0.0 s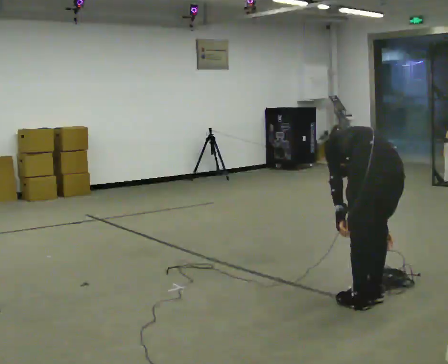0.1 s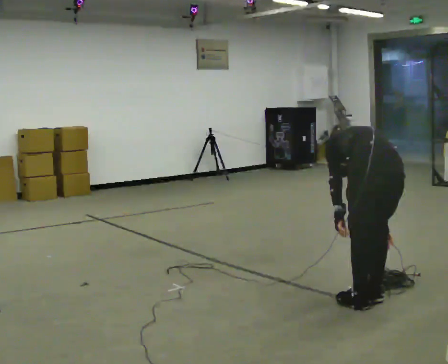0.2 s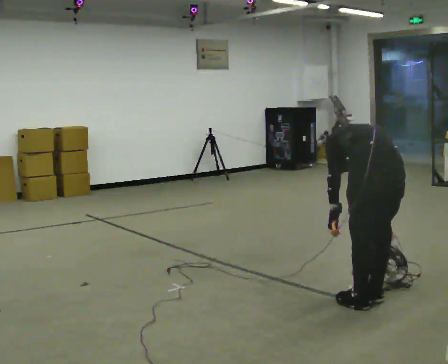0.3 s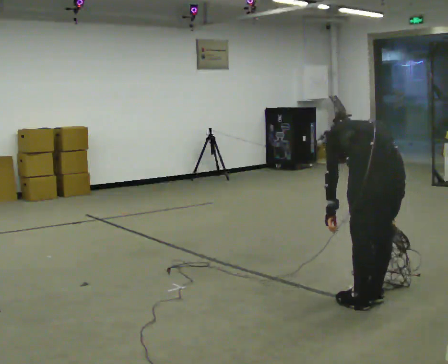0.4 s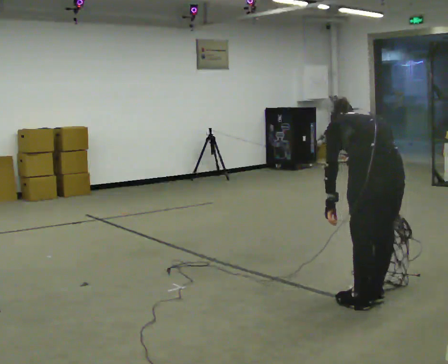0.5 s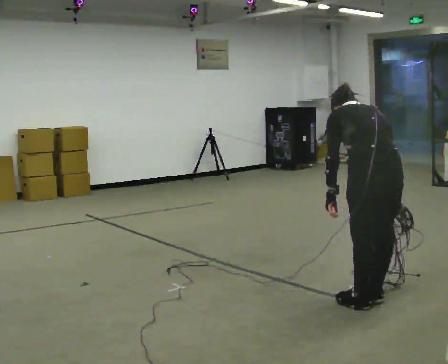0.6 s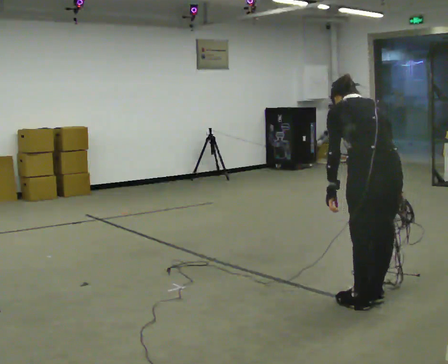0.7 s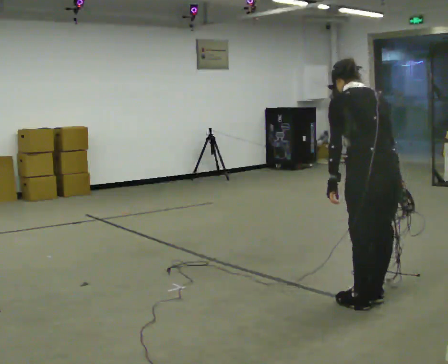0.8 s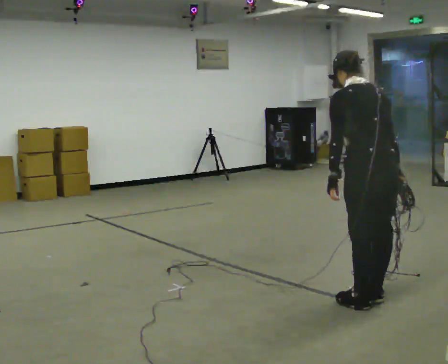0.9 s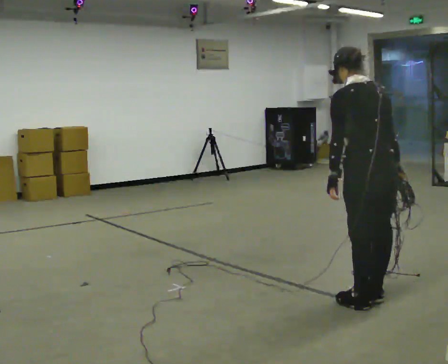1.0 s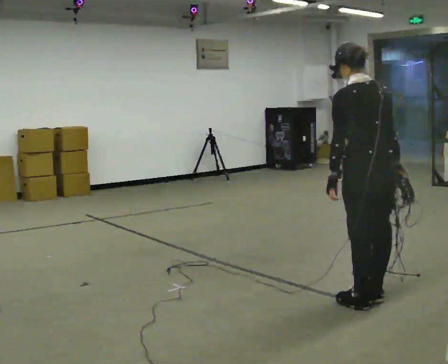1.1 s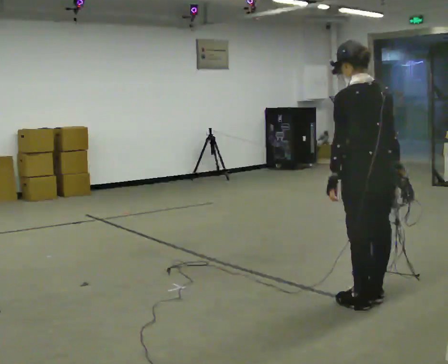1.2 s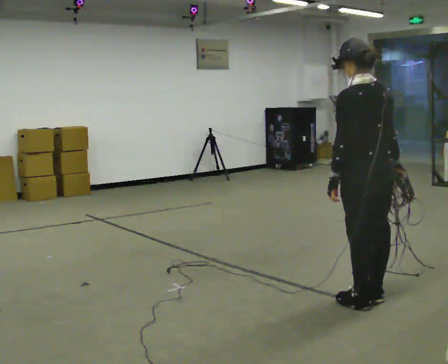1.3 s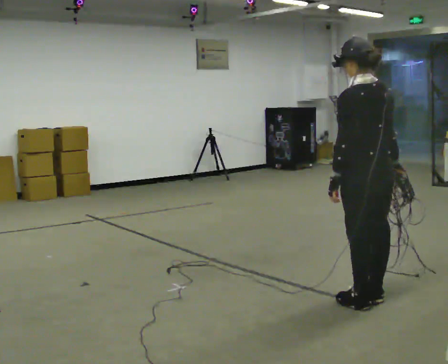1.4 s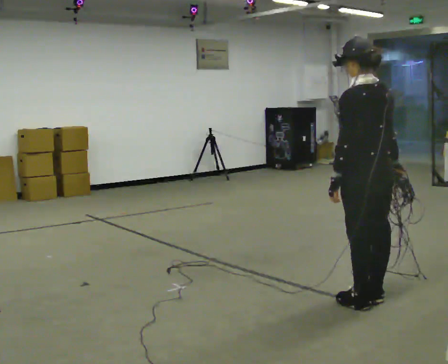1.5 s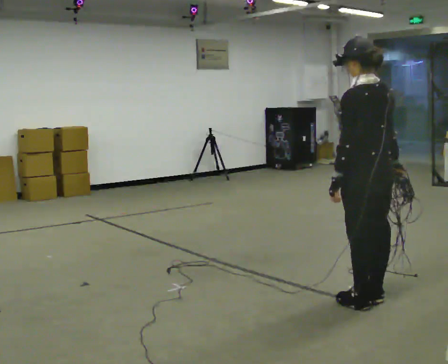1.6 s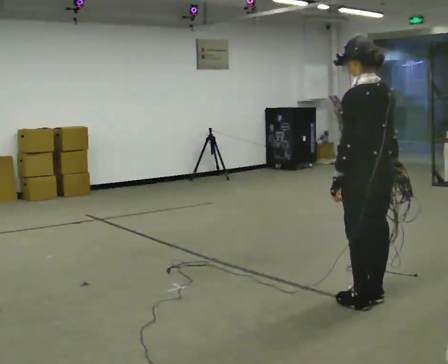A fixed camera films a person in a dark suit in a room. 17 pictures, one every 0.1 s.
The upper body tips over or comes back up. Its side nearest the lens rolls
downward.
The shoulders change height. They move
upward.
0.0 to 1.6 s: The shoulders move upward. The upper body tips toward the camera, its near side rolling downward, as they lean back or straighten.
The film runs backward here.
